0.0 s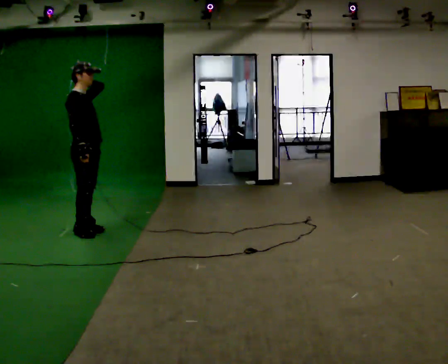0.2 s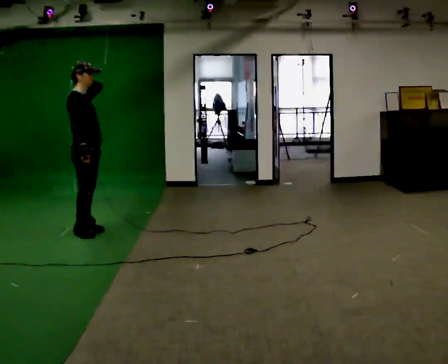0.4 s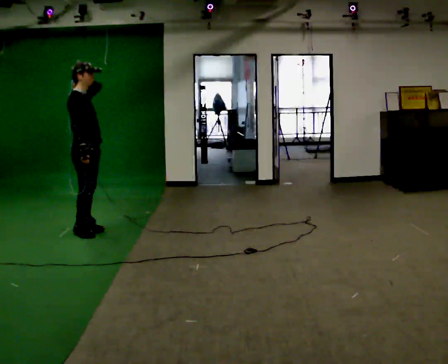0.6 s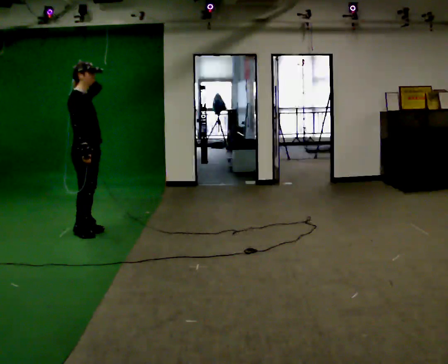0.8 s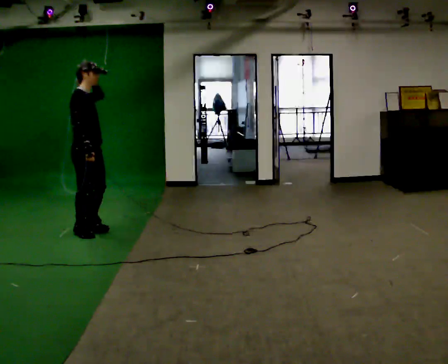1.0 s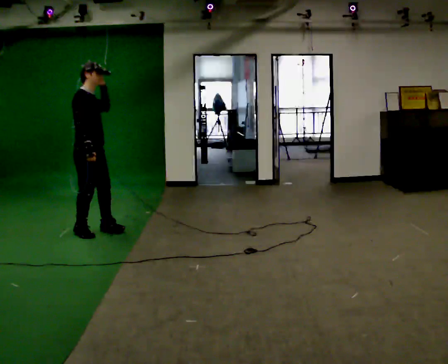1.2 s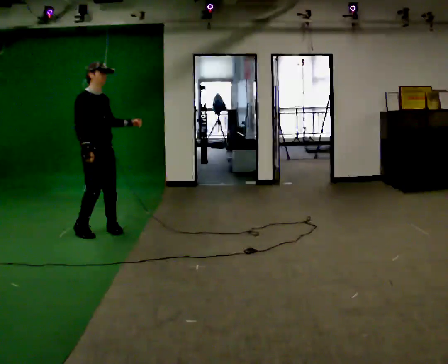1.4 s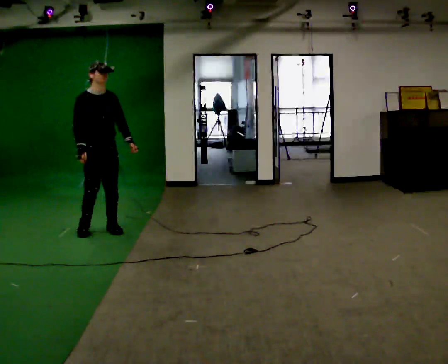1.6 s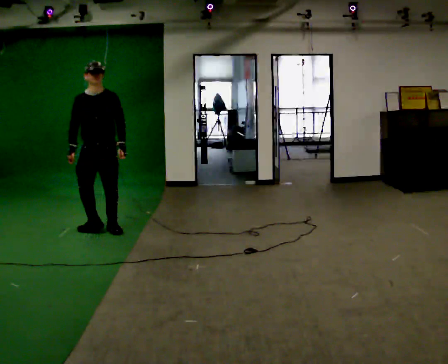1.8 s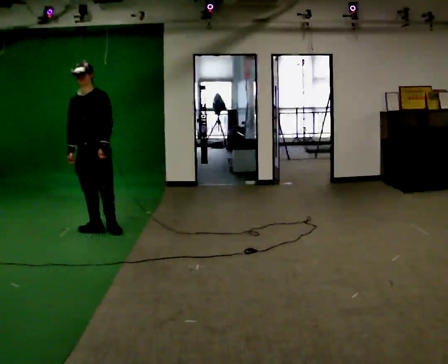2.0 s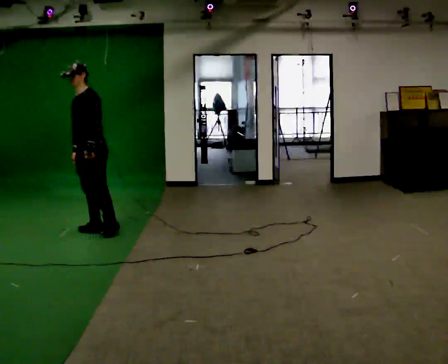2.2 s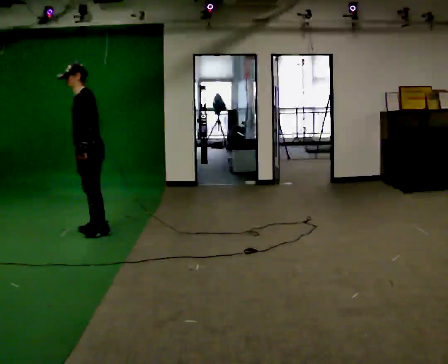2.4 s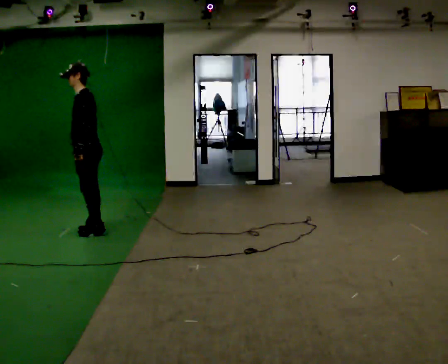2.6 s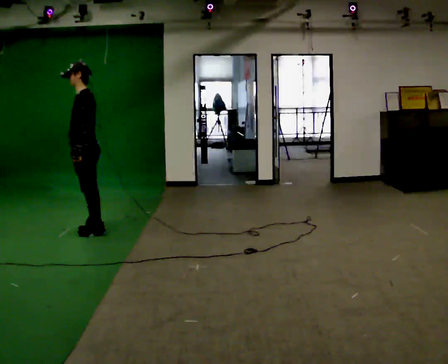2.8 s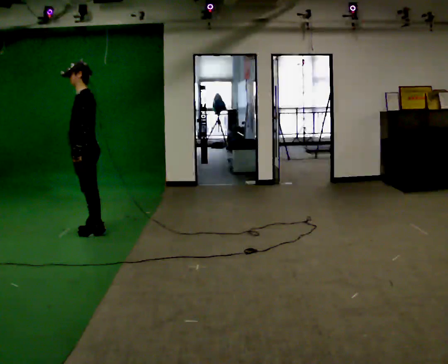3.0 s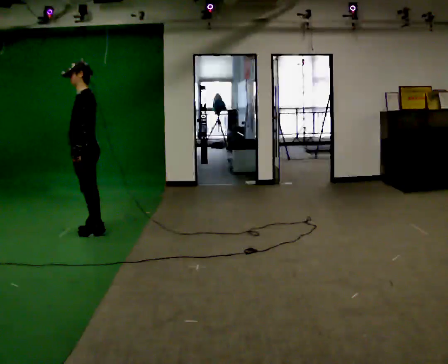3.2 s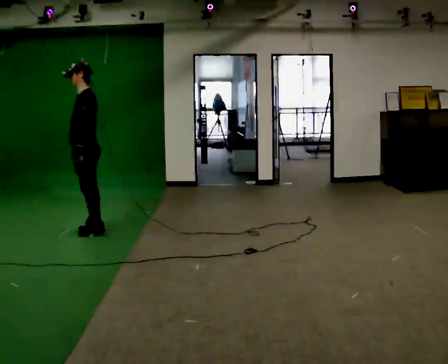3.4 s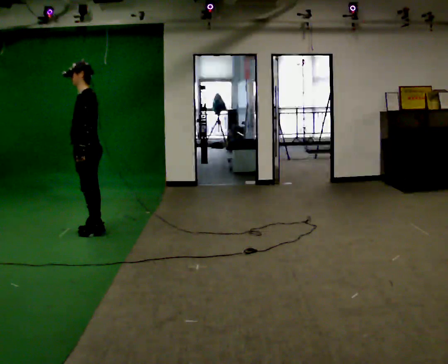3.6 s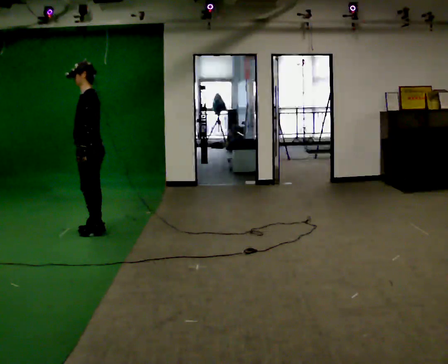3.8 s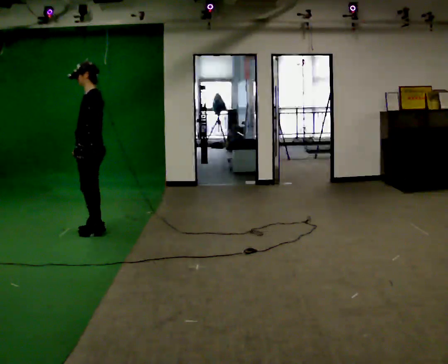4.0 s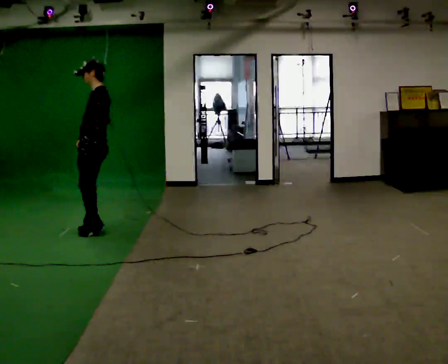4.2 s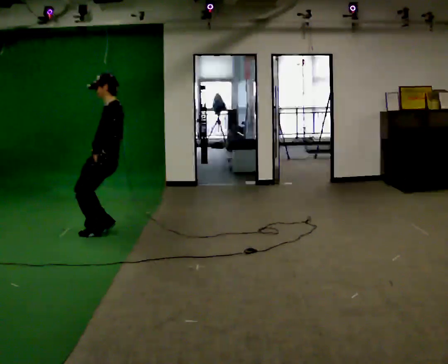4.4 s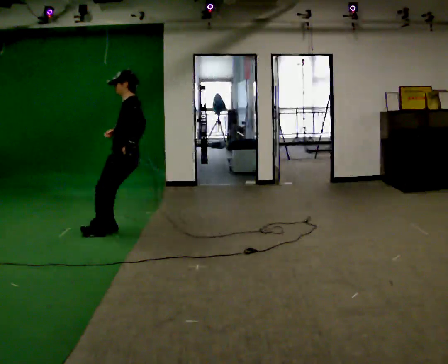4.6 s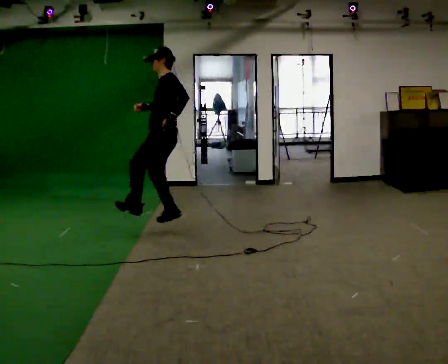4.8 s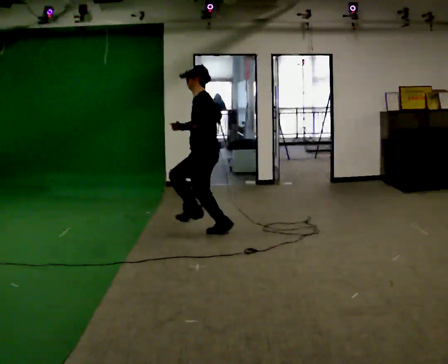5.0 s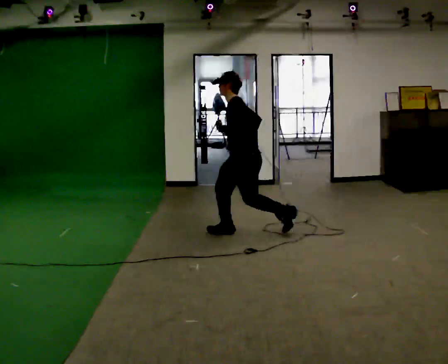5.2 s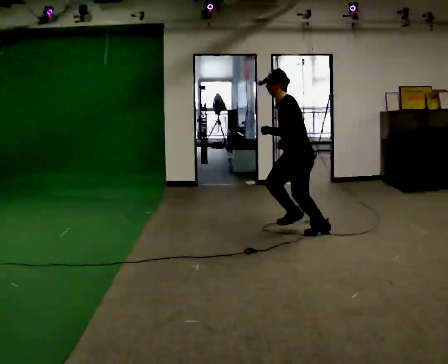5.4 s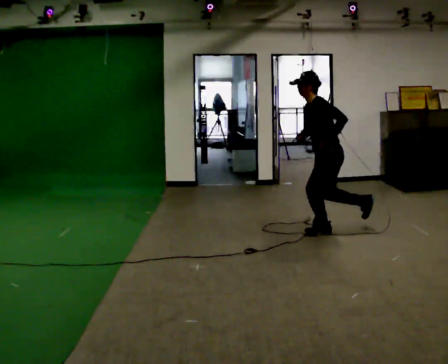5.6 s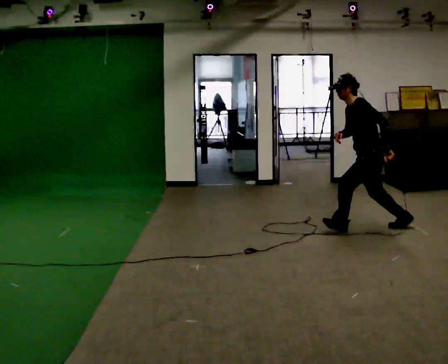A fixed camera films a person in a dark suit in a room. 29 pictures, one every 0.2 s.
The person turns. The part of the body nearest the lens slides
to the left.
The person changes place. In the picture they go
to the right.
0.0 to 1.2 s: The part of the body nearest the lens slides to the left as the person turns to their right by about 30 degrees. In the picture their left hand goes downward and to the right.
1.2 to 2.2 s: Seen from above the body turns clockwise, about 120 degrees: to their right, with its near side sliding to the left. In the picture their left hand goes to the left, the arm swinging clockwise.
2.2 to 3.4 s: The person moves a little, or ends about where they began.
3.4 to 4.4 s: In the picture they go to the right, about 0.25 m in 2 steps, which for them is backward.
4.4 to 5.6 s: In the picture they go to the right, about 2.5 m in 2 steps, which for them is backward. In the picture the upper body tilts counterclockwise, shoulders to the left, as they bend forward.
The film runs backward here.
